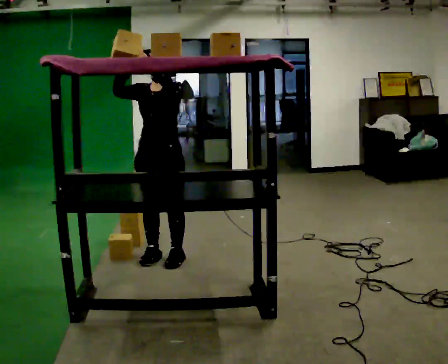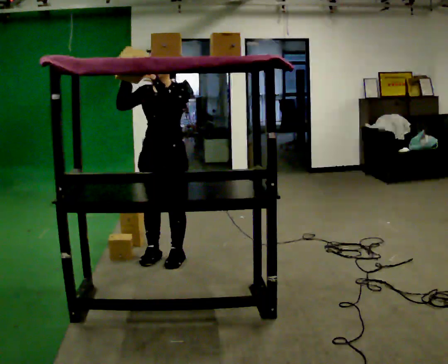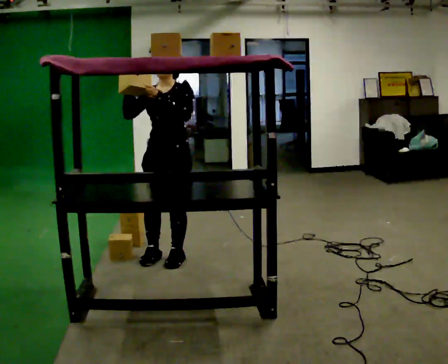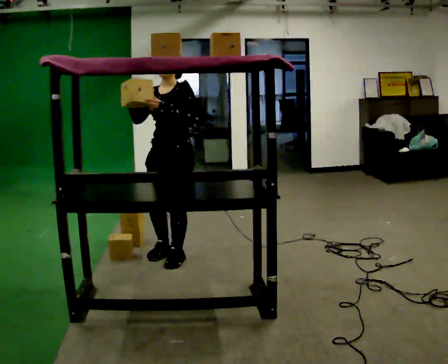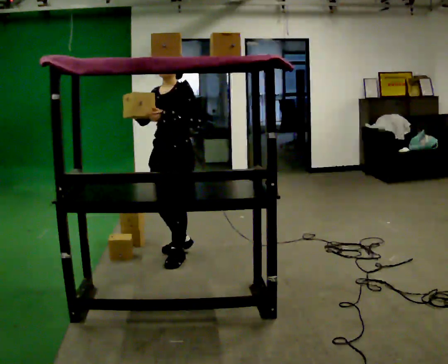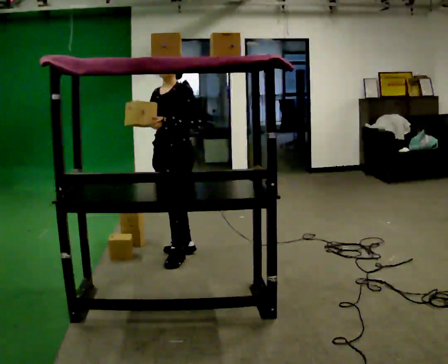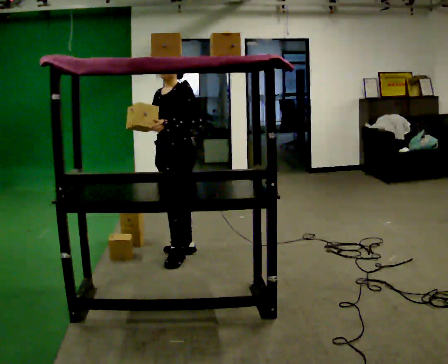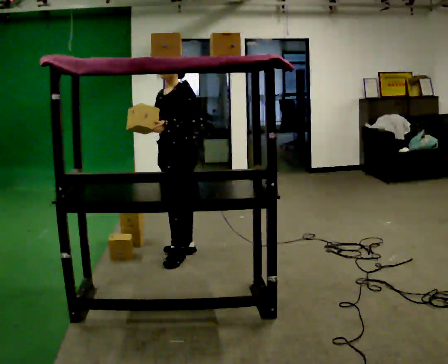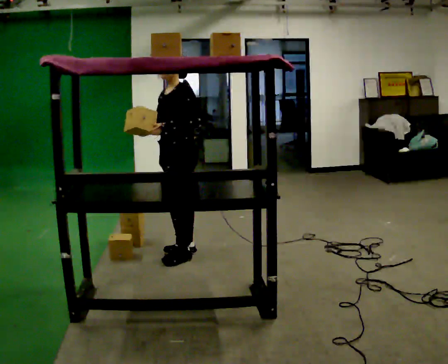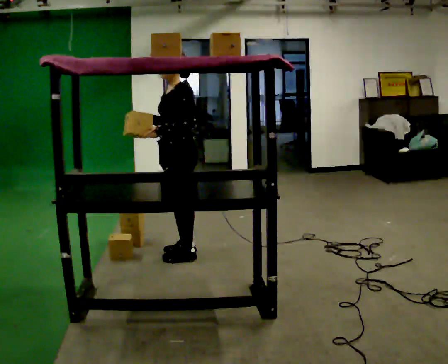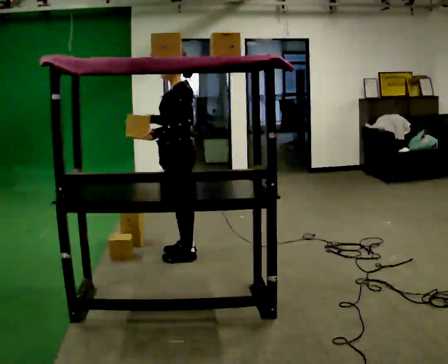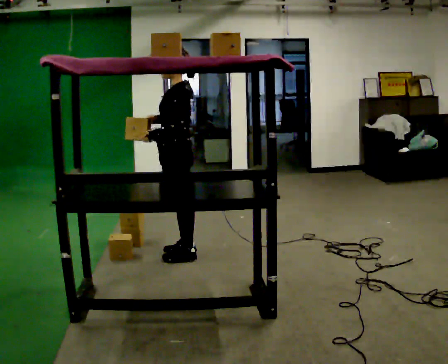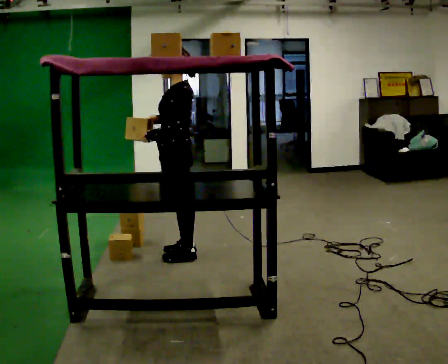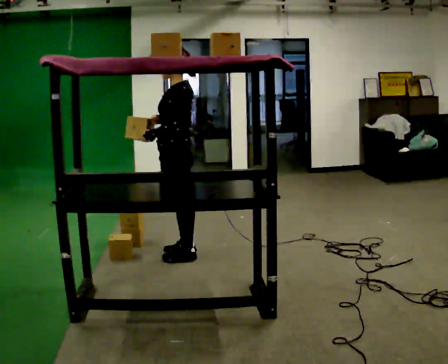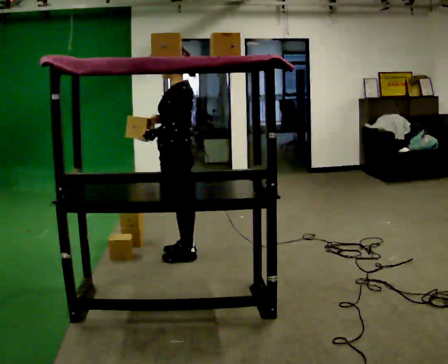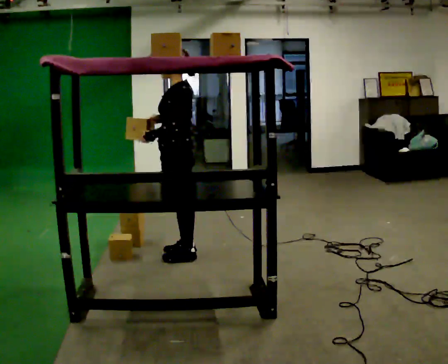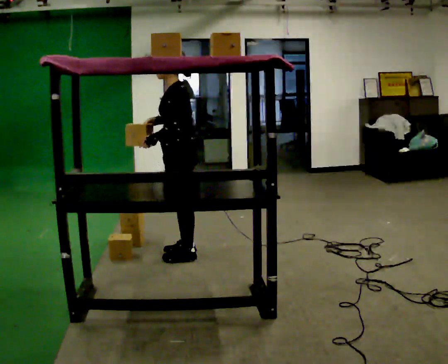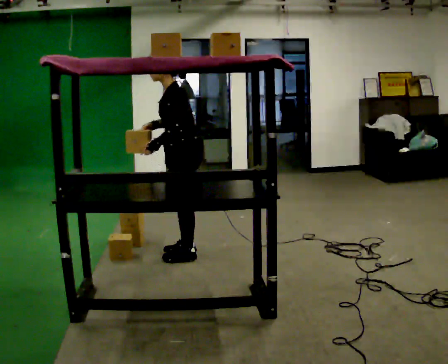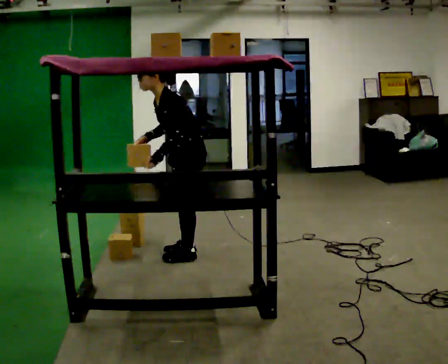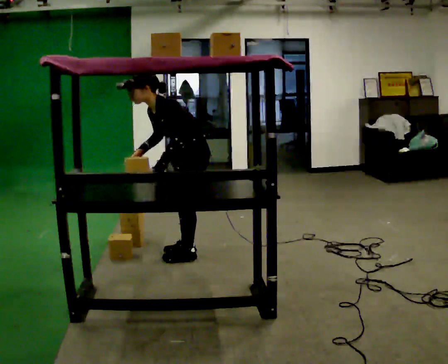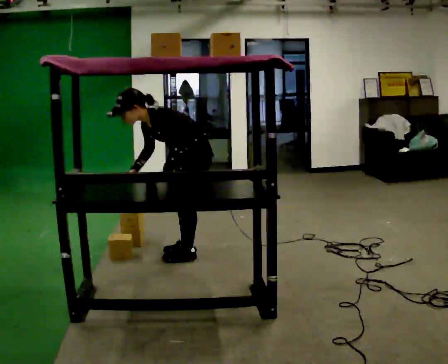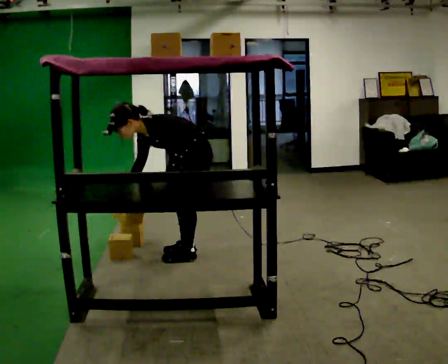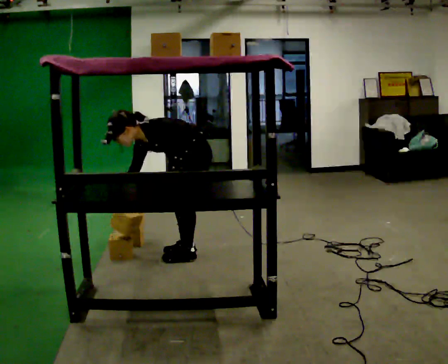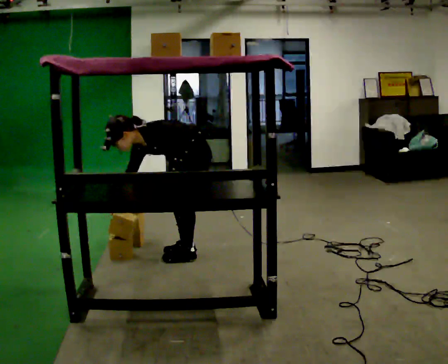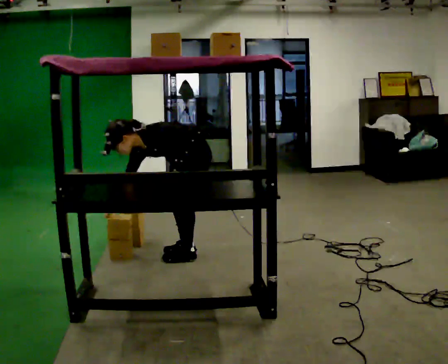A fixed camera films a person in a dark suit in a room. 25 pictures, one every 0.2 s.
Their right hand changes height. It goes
downward.
Their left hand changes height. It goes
downward.
0.0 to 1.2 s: The part of the body nearest the lens slides to the left as the person turns to their right by about 45 degrees. In the picture their right hand goes downward.
1.2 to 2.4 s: The part of the body nearest the lens slides to the left as the person turns to their right by about 30 degrees.
2.4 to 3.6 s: In the picture the upper body tilts counterclockwise, shoulders to the left, as they bend forward.
3.6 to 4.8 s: The shoulders move downward. In the picture the upper body tilts counterclockwise, shoulders to the left, as they bend forward. In the picture their right hand goes downward.
The film runs backward here.
